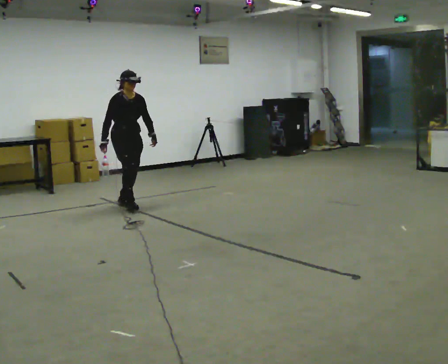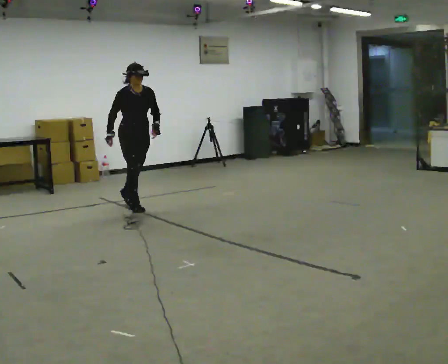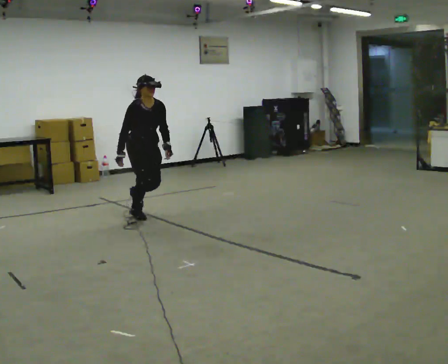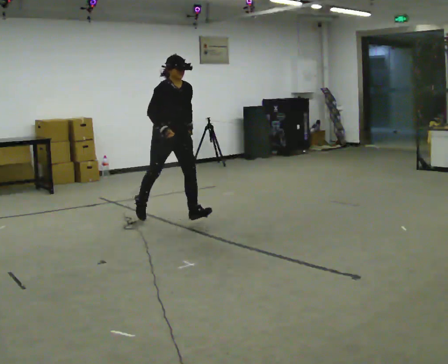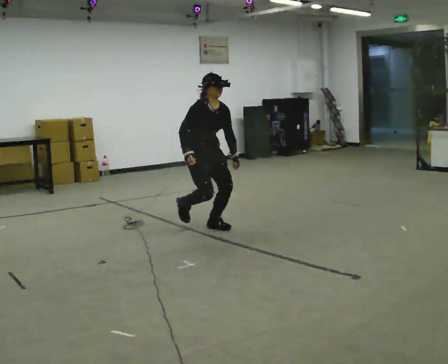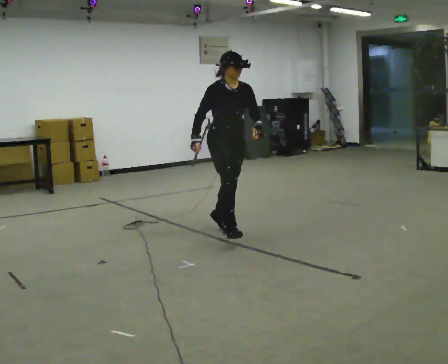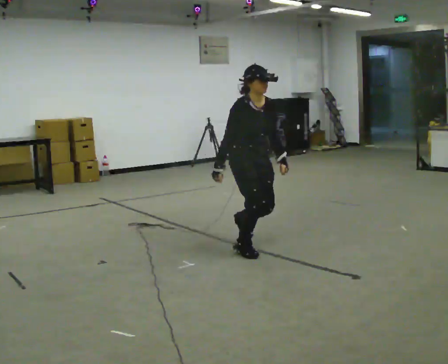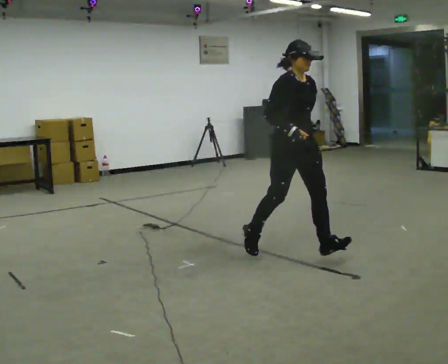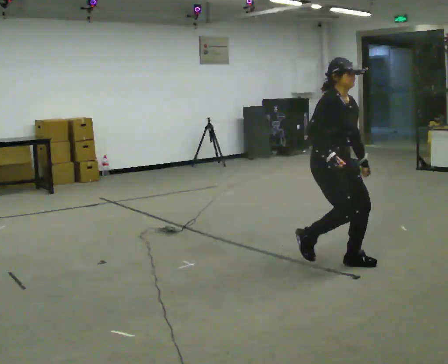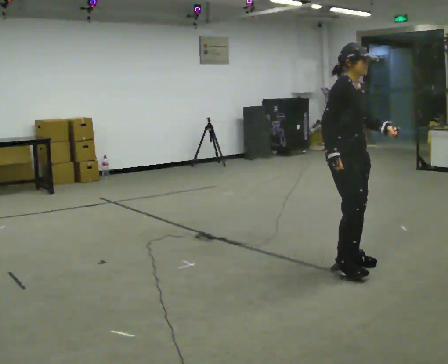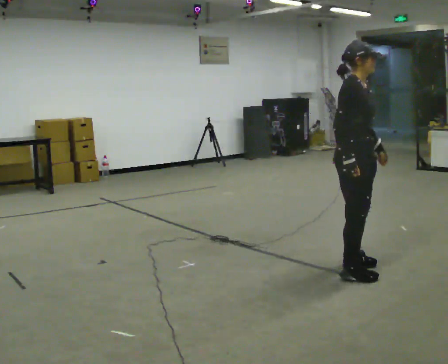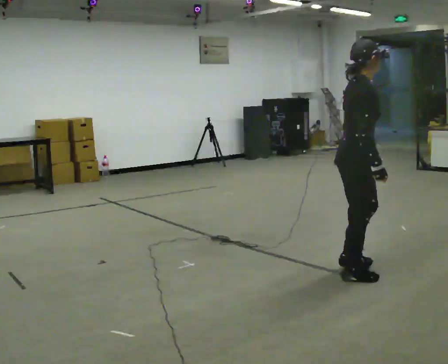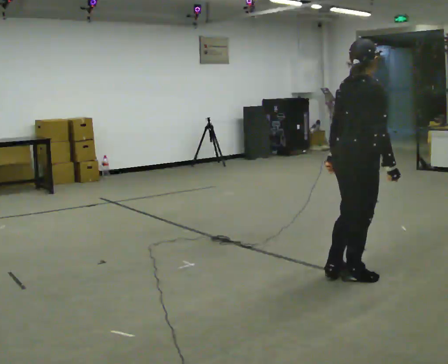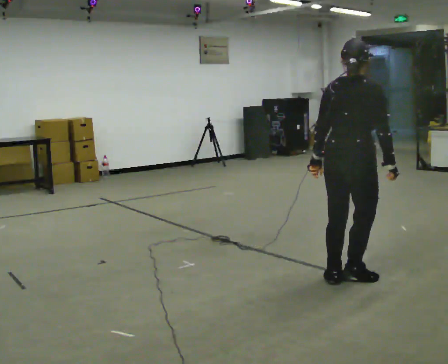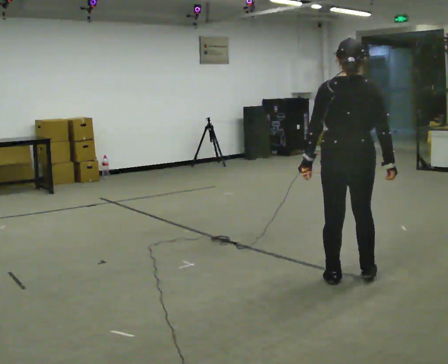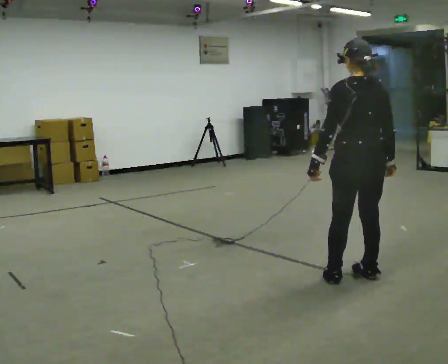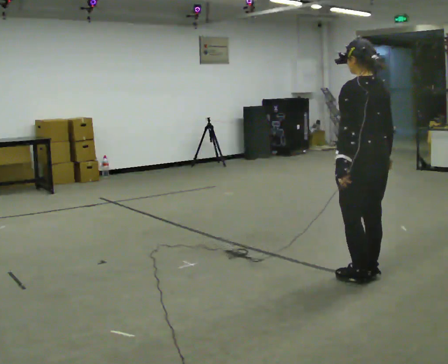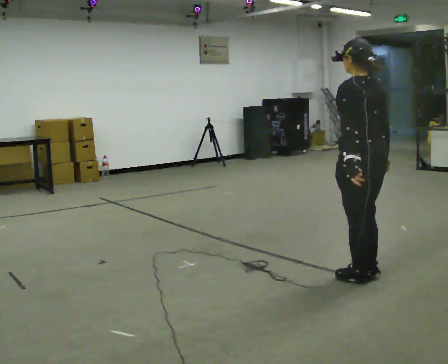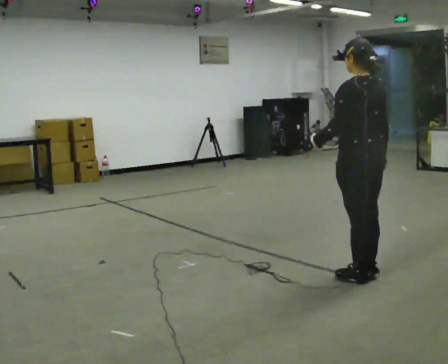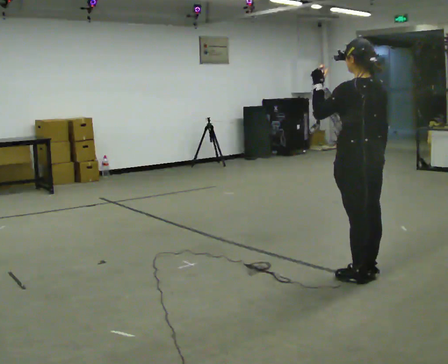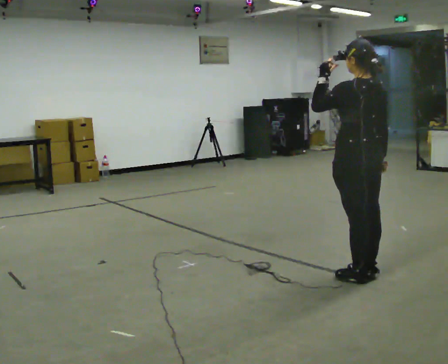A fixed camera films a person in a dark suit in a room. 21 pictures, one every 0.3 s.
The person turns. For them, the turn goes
to their left.
The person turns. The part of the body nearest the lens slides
to the right.
0.0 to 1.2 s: In the picture they go to the right and toward the camera, about 1.5 m in 2 steps, which for them is forward.
1.2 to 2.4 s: In the picture they go to the right and toward the camera, about 1.5 m in 2 steps, which for them is forward.
2.4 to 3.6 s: The person turns about 60 degrees to their left, counterclockwise seen from above, so the part of the body nearest the lens slides to the right. In the picture they go toward the camera, about 0.5 m in 1 step.
3.6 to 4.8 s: The person turns about 90 degrees to their left, counterclockwise seen from above, so the part of the body nearest the lens slides to the right.
4.8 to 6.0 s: In the picture their left hand goes upward.
The film runs forward here.
